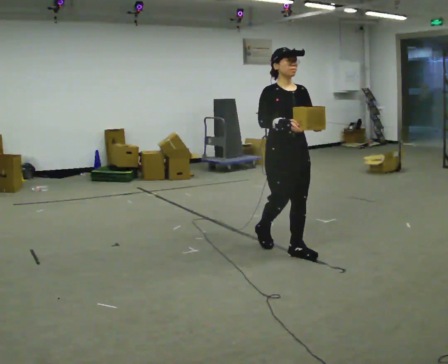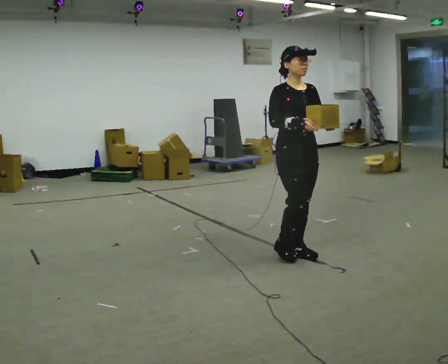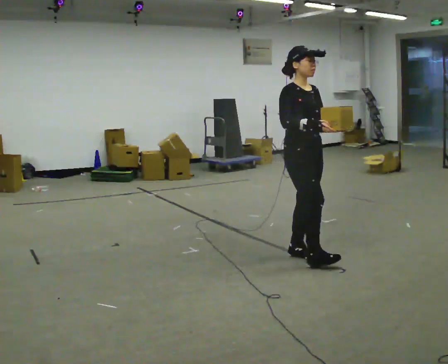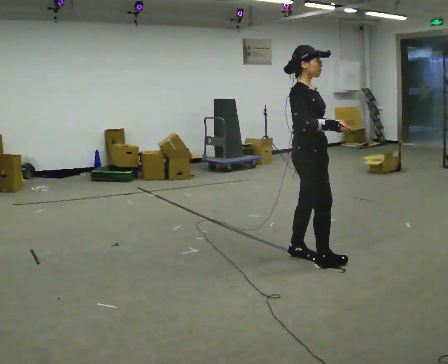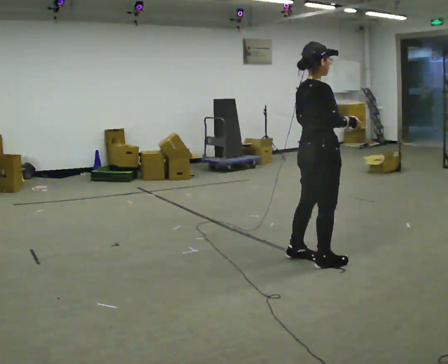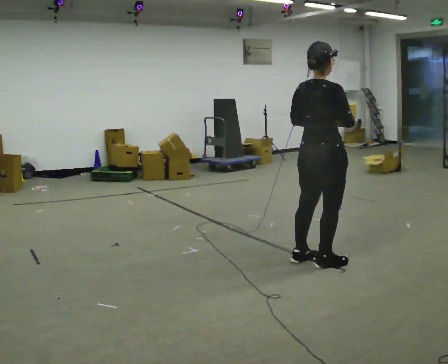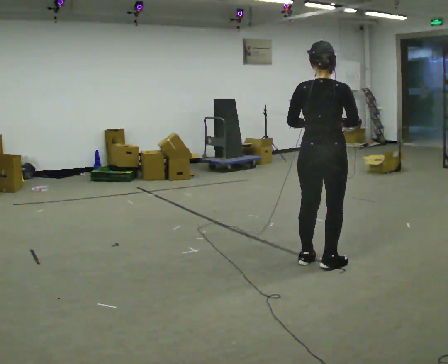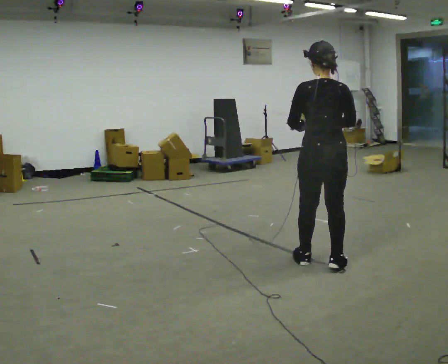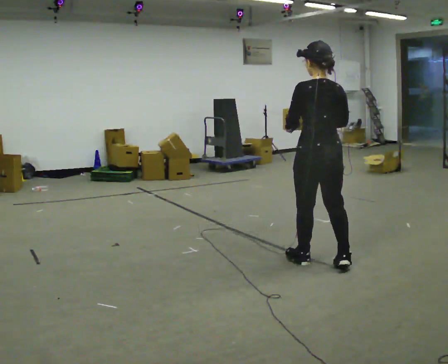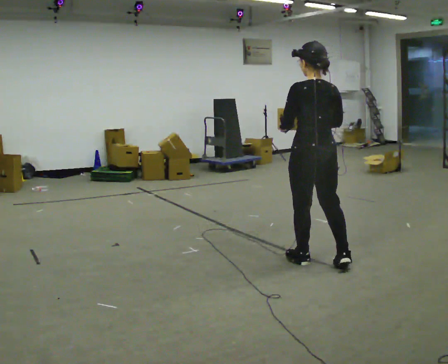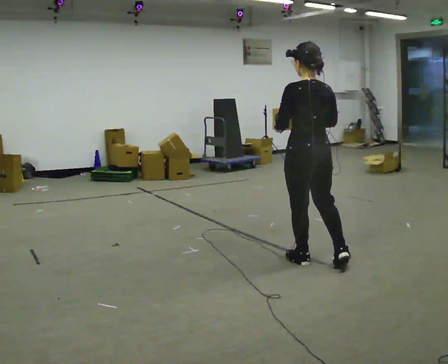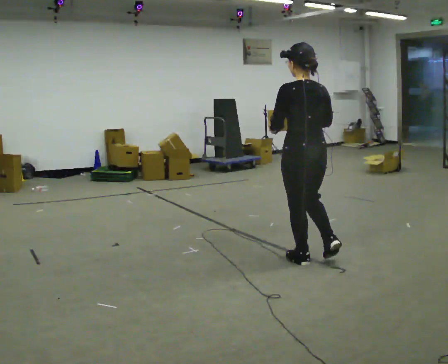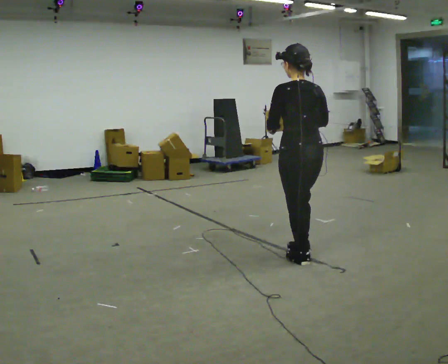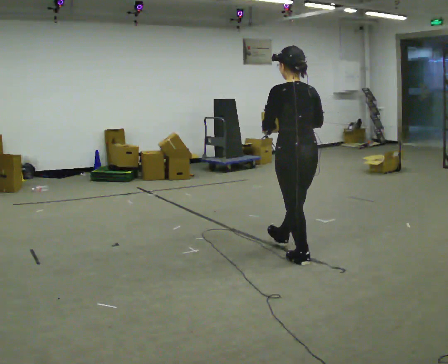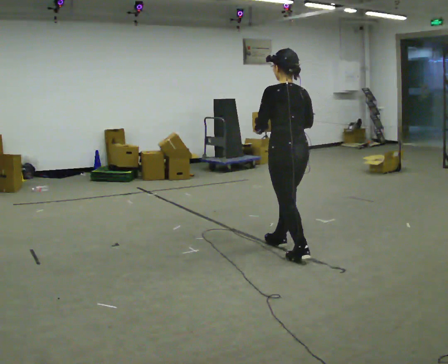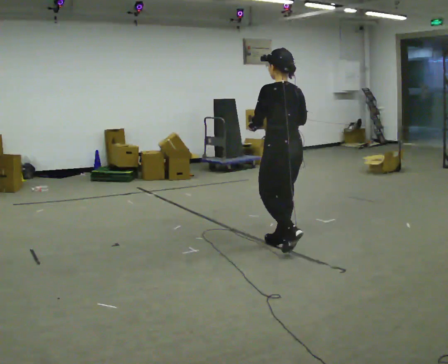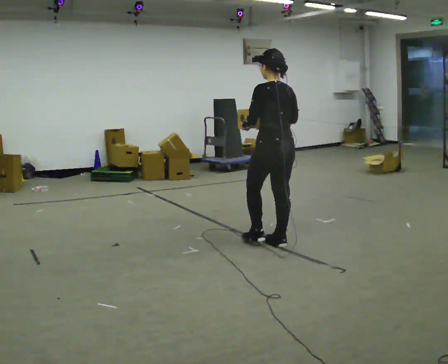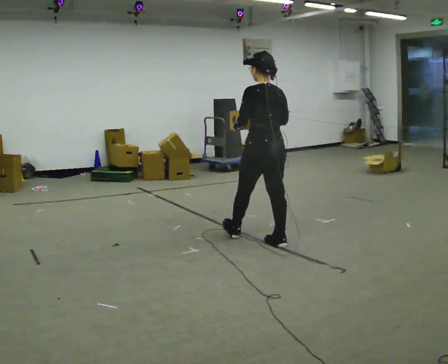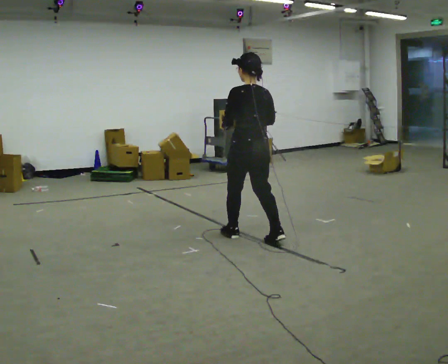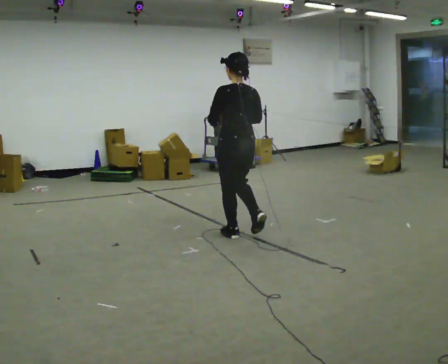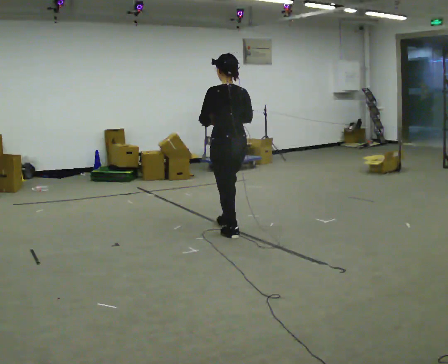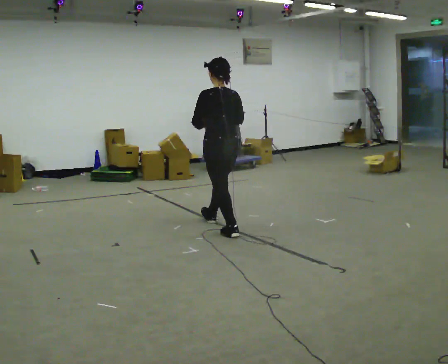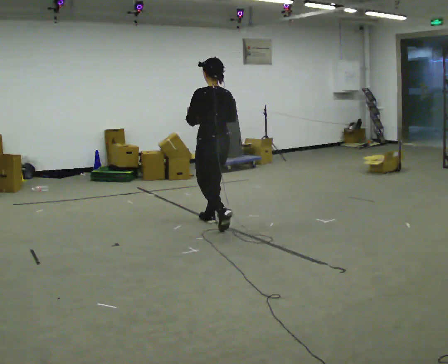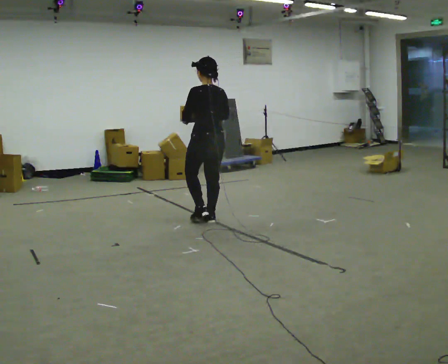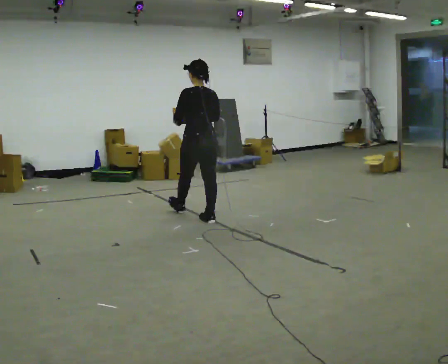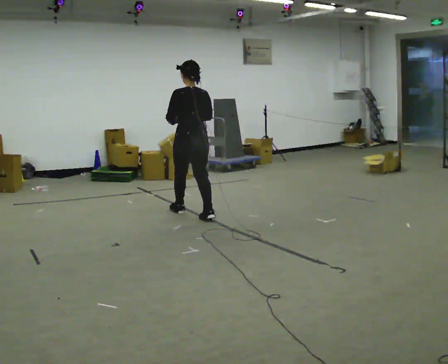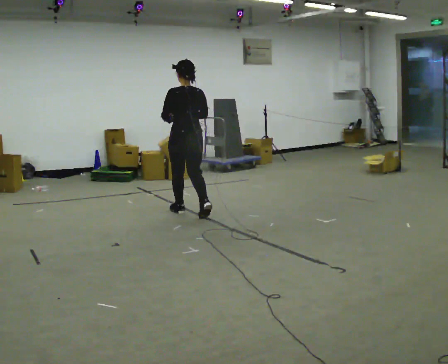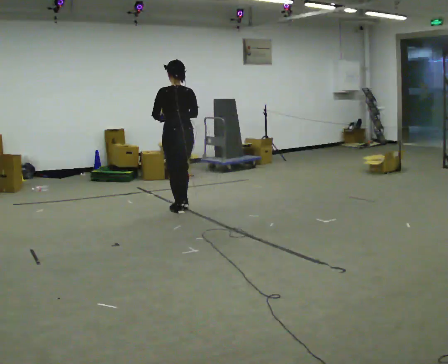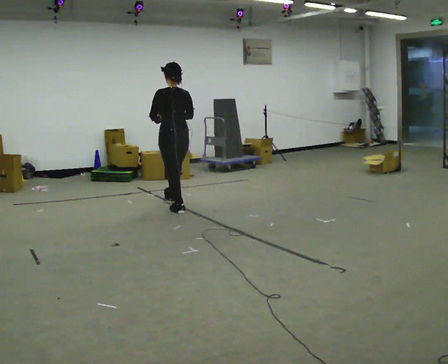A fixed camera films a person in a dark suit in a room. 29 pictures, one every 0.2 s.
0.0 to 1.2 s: Seen from above the body turns counterclockwise, about 150 degrees: to their left, with its near side sliding to the right. In the picture they go toward the camera and to the right, about 0.25 m in 2 steps.
1.2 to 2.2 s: The part of the body nearest the lens slides to the right as the person turns to their left by about 30 degrees.
2.2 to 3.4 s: In the picture they go away from the camera and to the left, about 0.5 m in 2 steps, which for them is forward.
3.4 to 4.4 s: In the picture they go away from the camera and to the left, about 0.5 m in 1 step, which for them is forward.
4.4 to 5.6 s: In the picture they go away from the camera and to the left, about 1 m in 2 steps, which for them is forward.
The film runs forward here.
